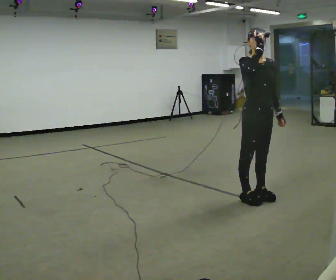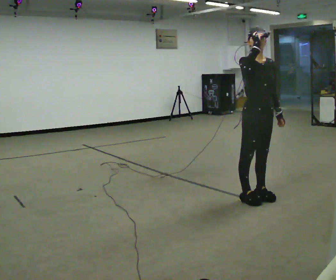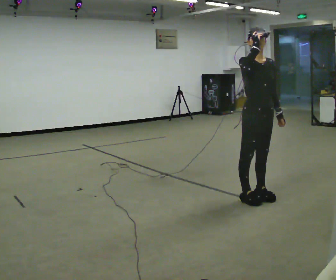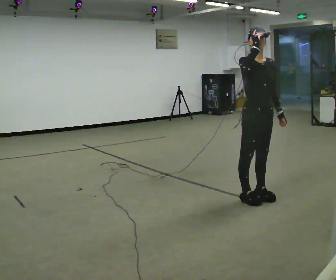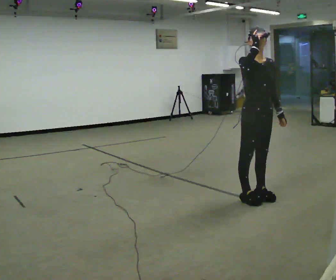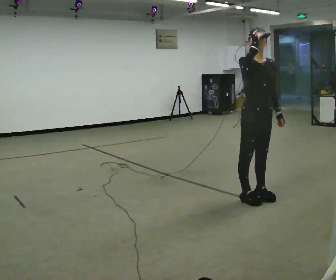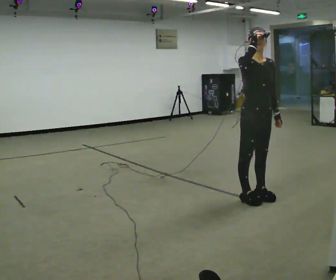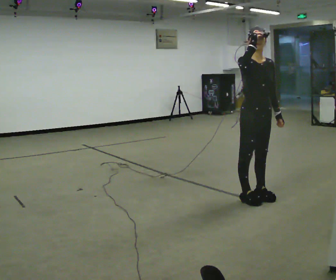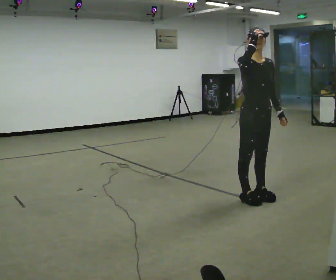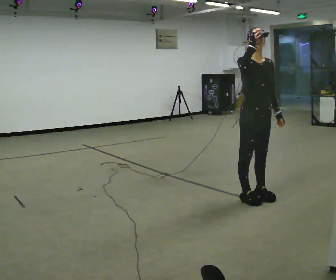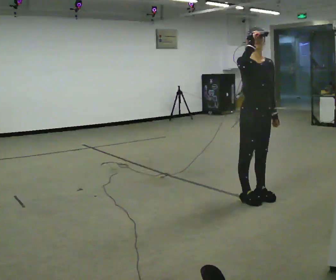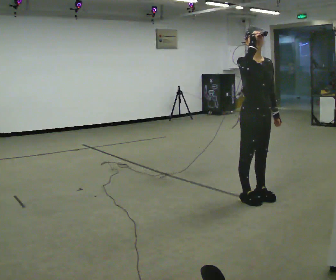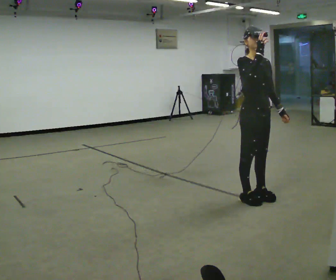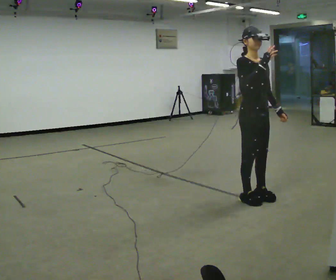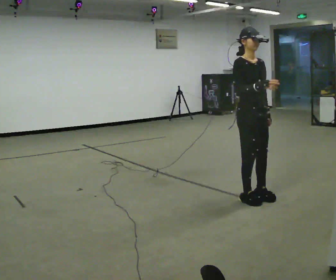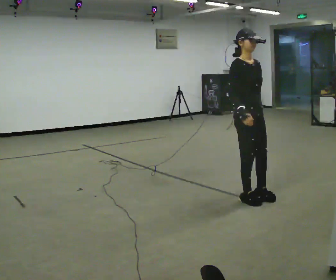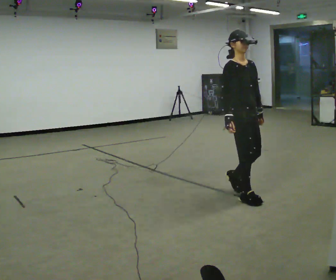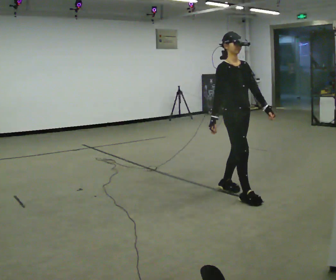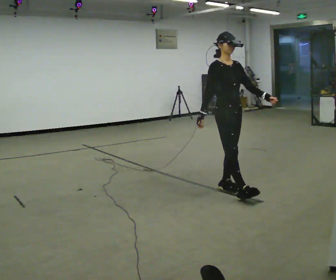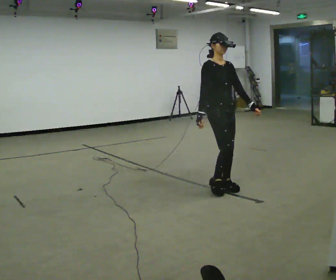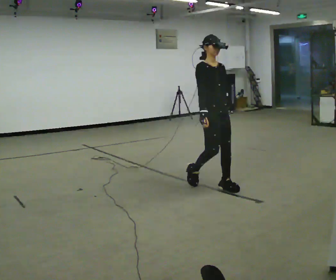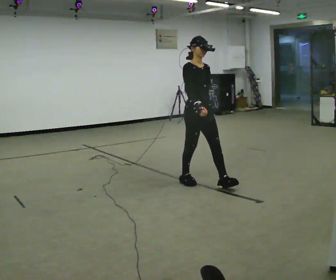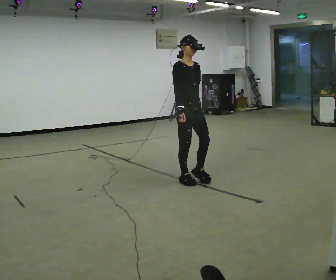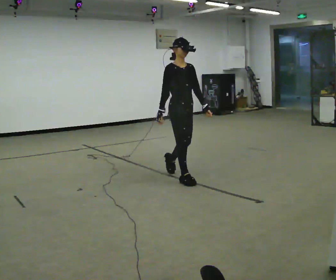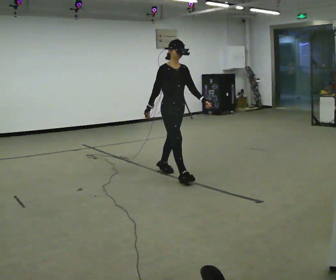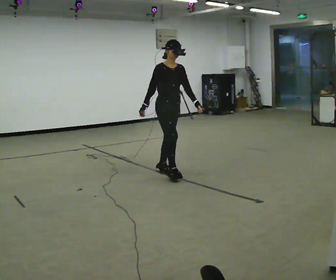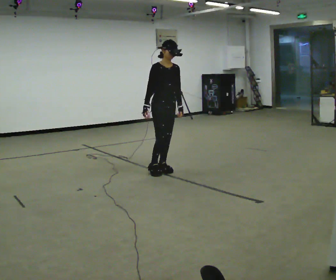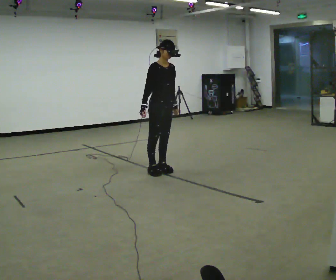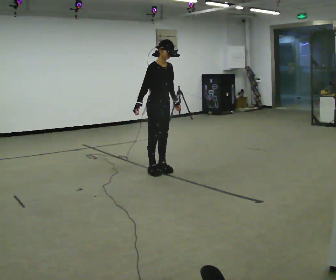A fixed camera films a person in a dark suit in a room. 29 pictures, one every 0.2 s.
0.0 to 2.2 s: The person moves a little, or ends about where they began.
2.2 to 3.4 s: In the picture they go away from the camera and to the left, about 0.25 m in 1 step, which for them is backward. In the picture their right hand goes downward and to the left.
3.4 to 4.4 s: In the picture they go to the left and away from the camera, about 0.75 m in 2 steps, which for them is backward.
4.4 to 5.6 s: In the picture they go away from the camera and to the left, about 0.5 m in 1 step, which for them is backward.
The film runs backward here.
